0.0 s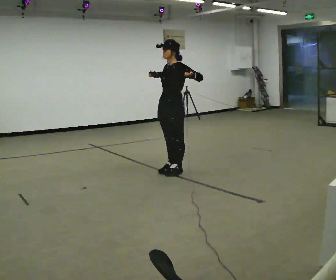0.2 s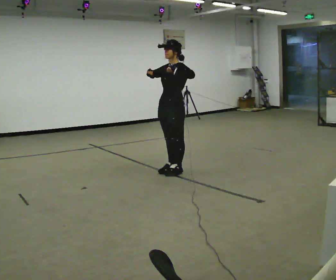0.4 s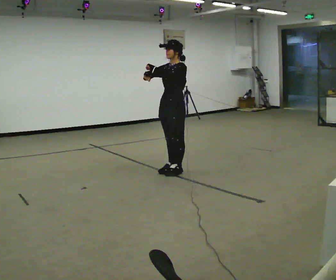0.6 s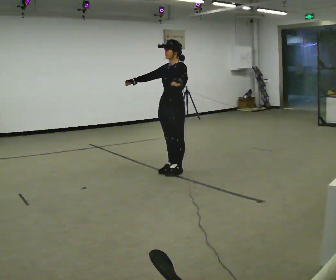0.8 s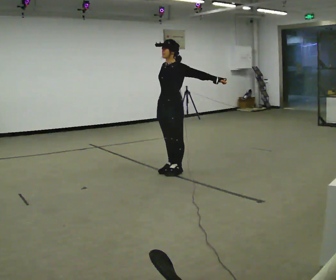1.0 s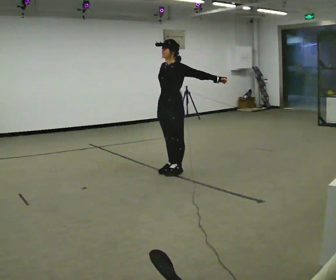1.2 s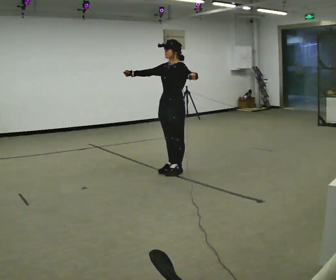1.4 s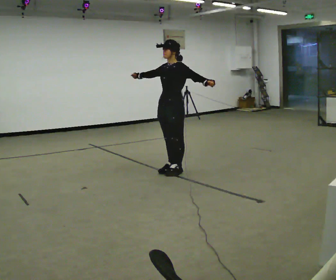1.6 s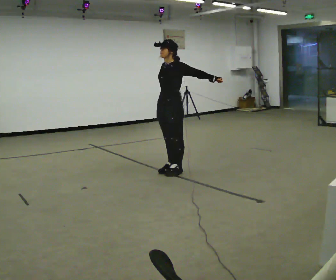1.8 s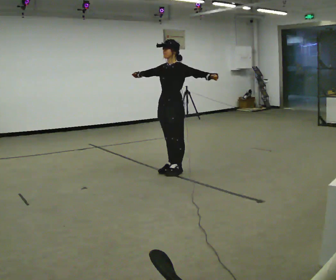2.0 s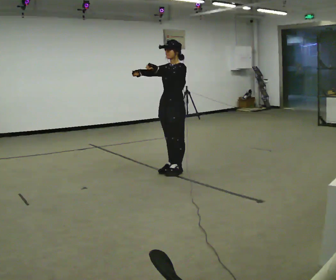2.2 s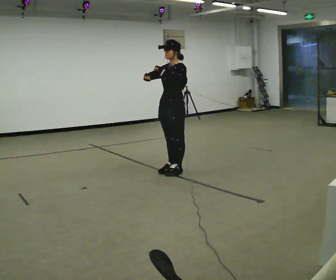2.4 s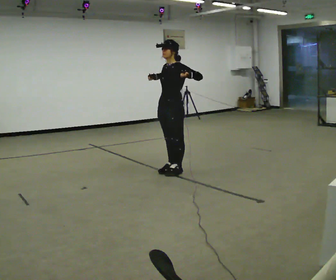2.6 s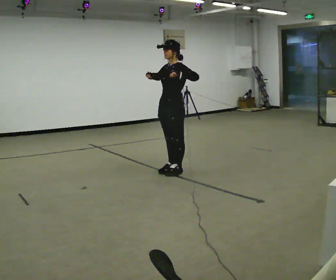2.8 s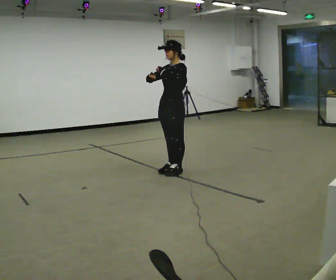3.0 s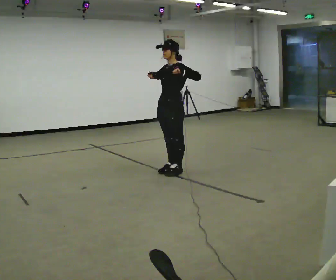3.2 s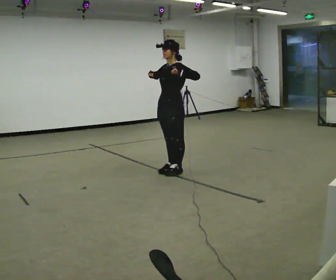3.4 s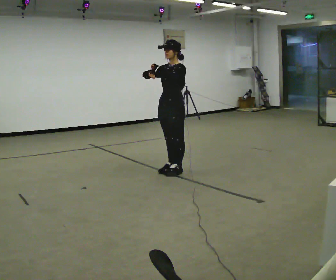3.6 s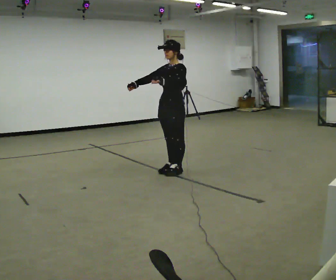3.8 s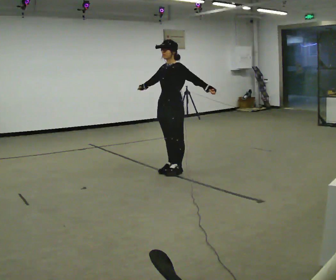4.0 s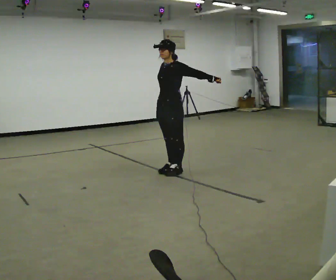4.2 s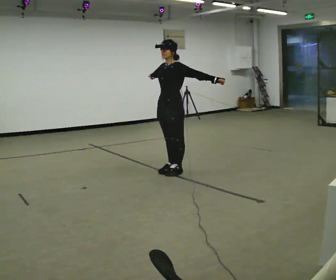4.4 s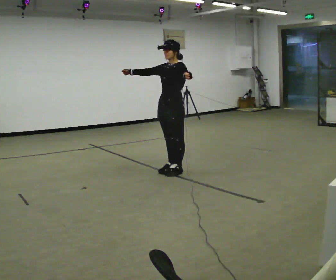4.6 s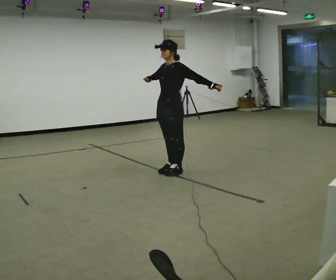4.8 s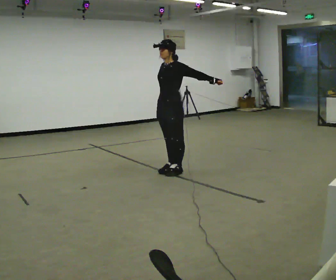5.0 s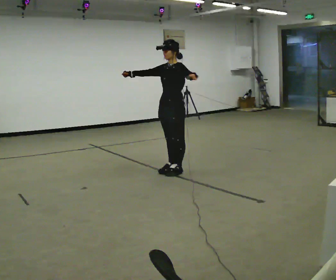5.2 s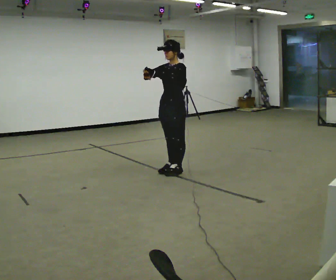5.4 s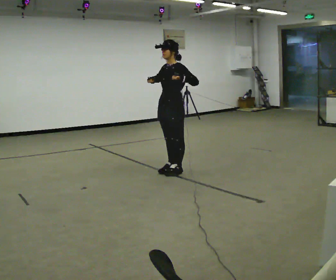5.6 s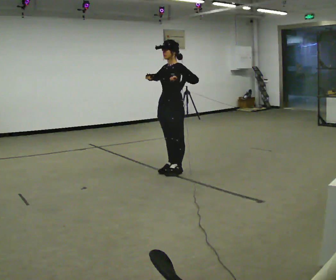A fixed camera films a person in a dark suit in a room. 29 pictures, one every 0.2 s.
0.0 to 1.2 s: The person moves a little, or ends about where they began.
1.2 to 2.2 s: In the picture their left hand goes to the left.
2.2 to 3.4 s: The person moves a little, or ends about where they began.
3.4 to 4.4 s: In the picture their left hand goes to the right.
4.4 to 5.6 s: The person moves a little, or ends about where they began.
The film runs backward here.
